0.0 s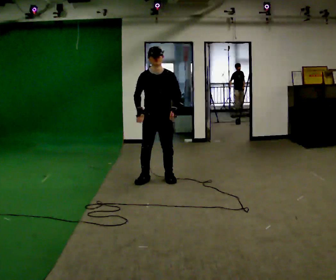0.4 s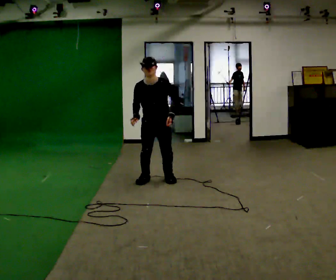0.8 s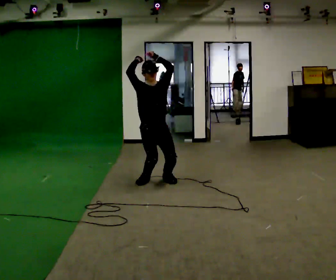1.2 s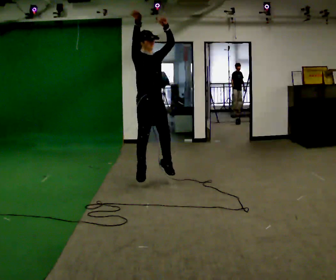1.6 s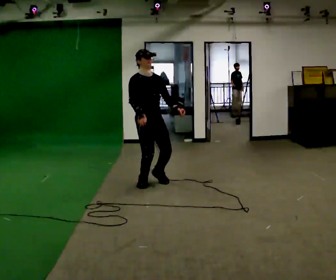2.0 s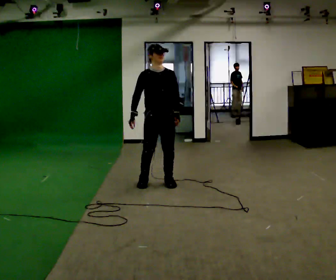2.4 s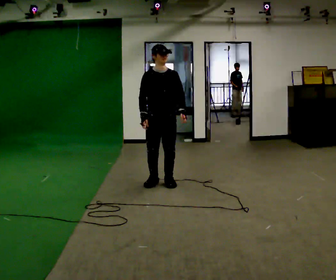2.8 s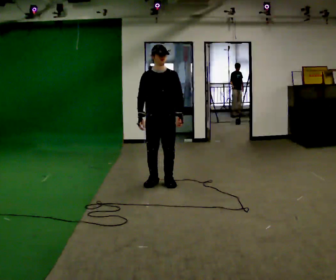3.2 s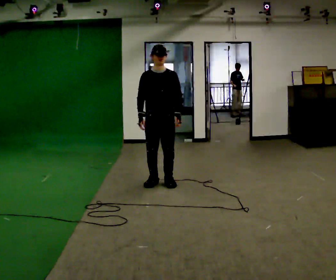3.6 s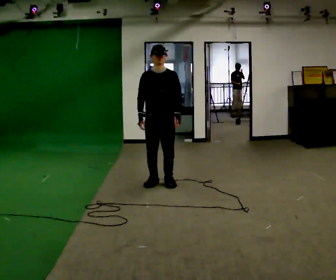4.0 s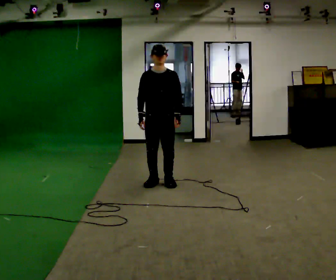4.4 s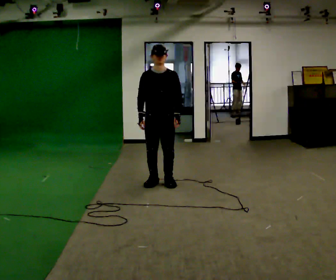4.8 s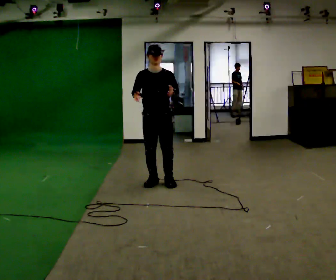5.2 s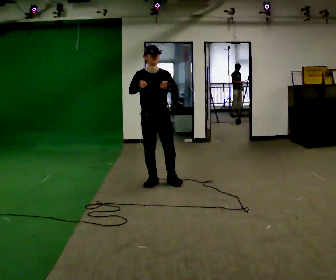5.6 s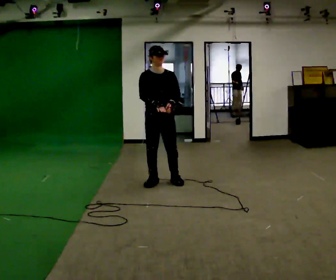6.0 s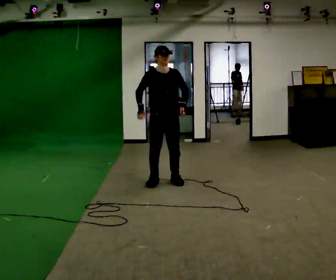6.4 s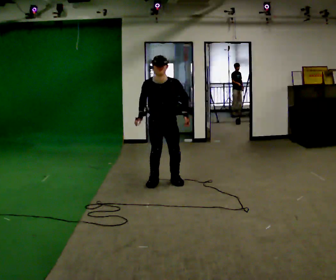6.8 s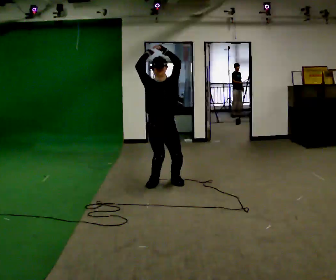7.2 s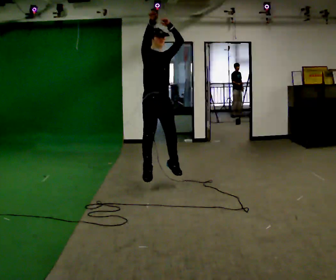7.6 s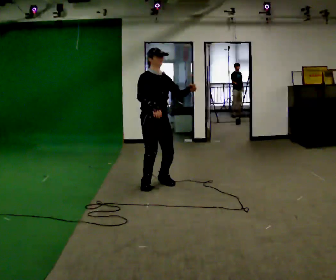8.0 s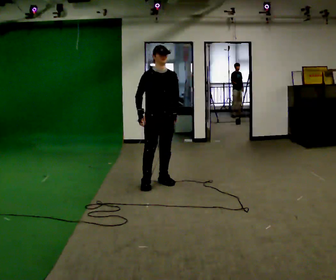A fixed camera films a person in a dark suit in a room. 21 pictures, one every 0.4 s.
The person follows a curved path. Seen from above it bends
counterclockwise.
0.0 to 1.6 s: The person turns about 30 degrees to their left, counterclockwise seen from above, so the part of the body nearest the lens slides to the right. In the picture they go toward the camera, about 0.25 m in 1 step, which for them is forward and to their right.
1.6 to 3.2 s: Seen from above the body turns clockwise, about 30 degrees: to their right, with its near side sliding to the left.
3.2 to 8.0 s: The person moves a little, or ends about where they began.
The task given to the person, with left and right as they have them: Mime a jump shot with no ball: catch, set, rise and release. Repeat the movement at your own pace until the operator says stop; do not rush.
The film runs forward here.
